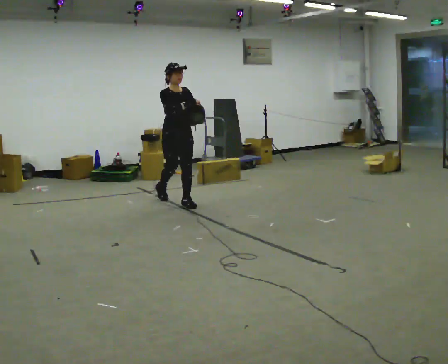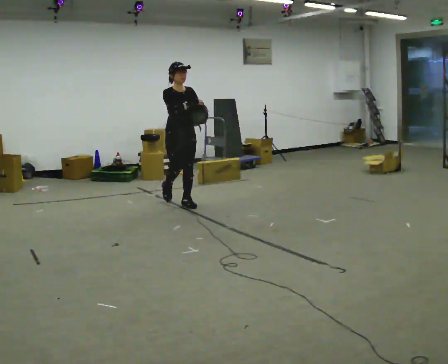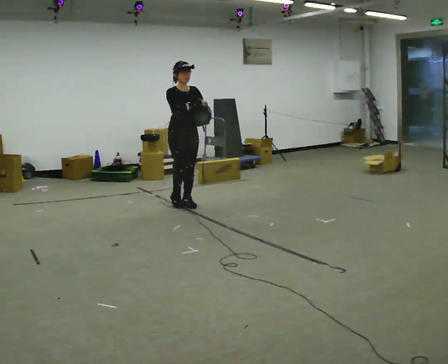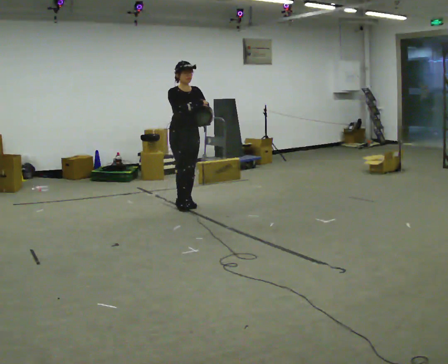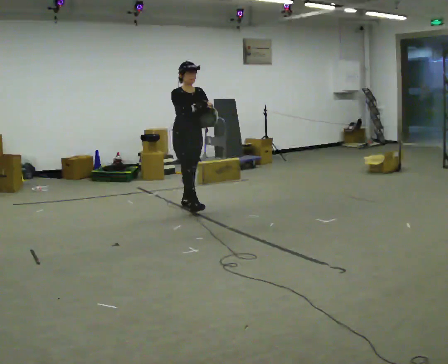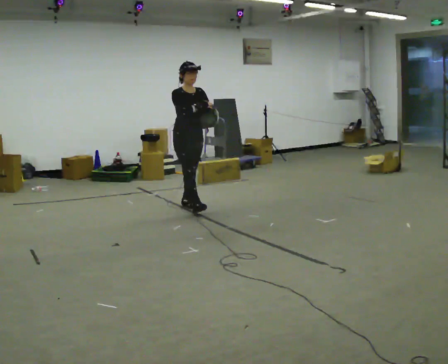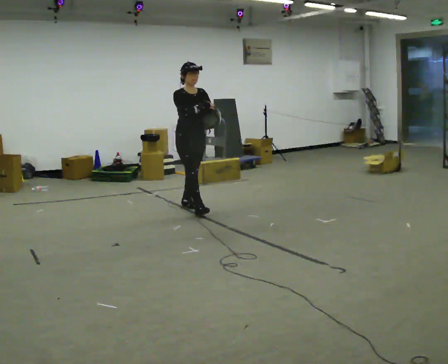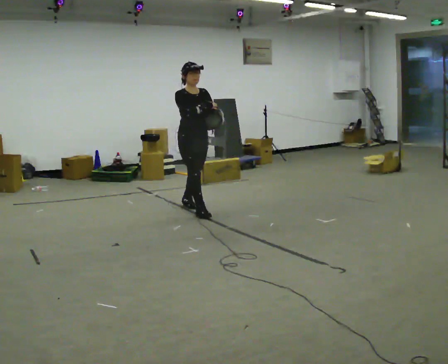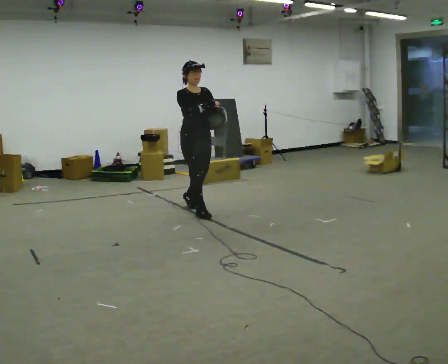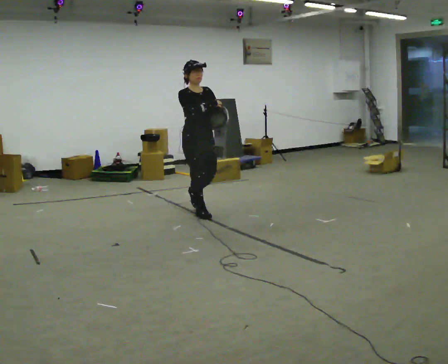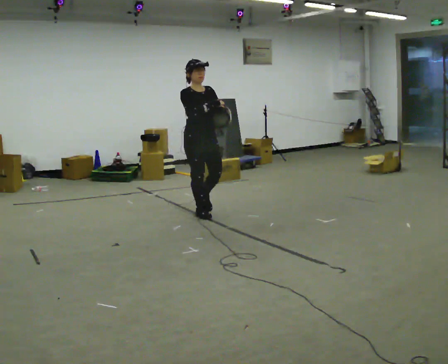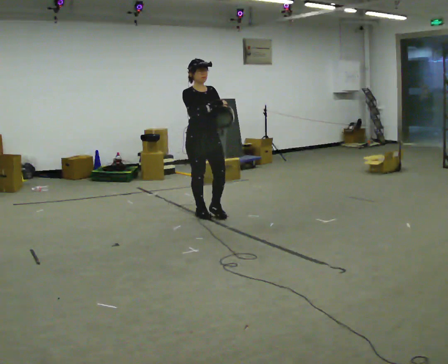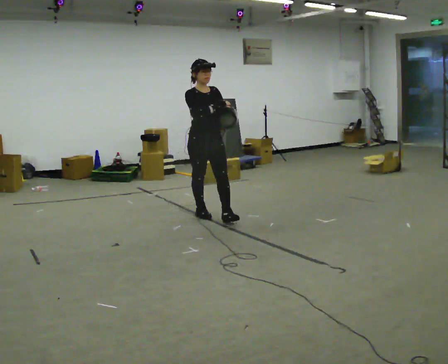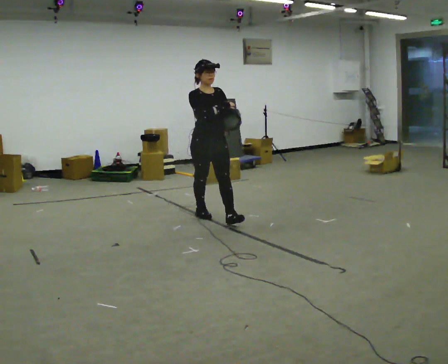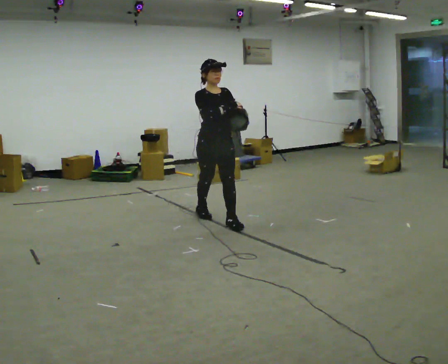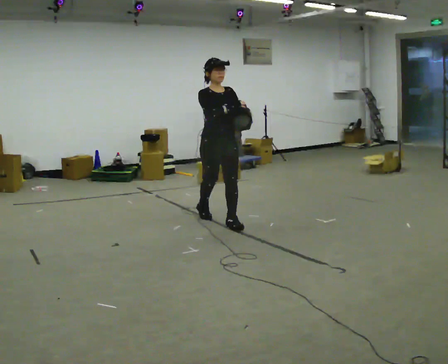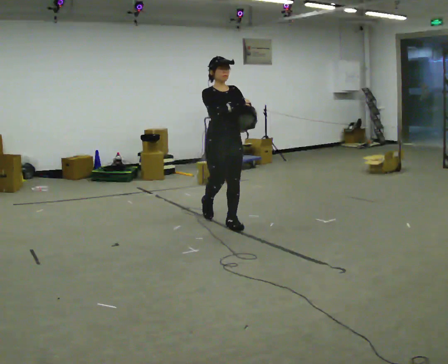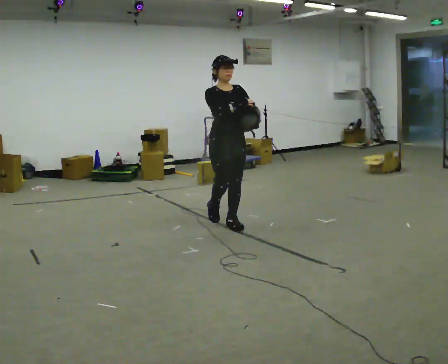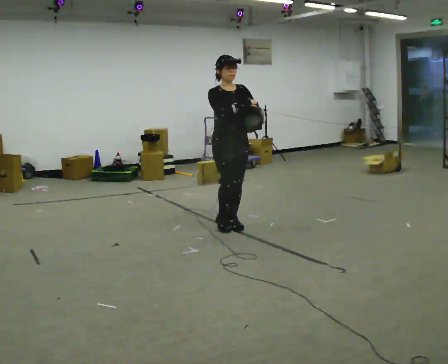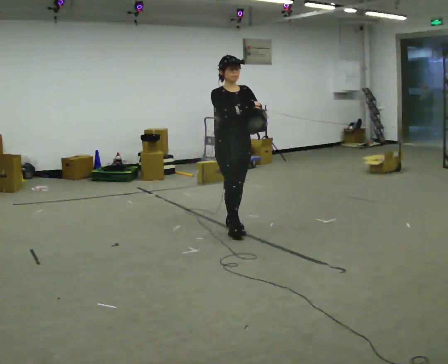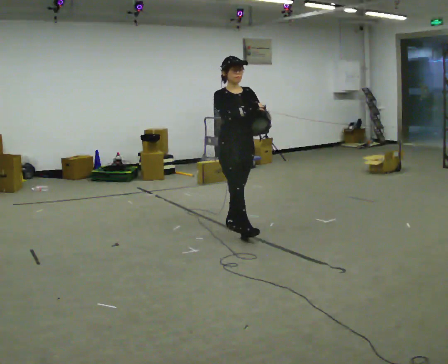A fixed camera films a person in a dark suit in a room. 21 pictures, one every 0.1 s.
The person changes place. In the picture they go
toward the camera.
0.0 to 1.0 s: In the picture they go toward the camera and to the right, about 0.5 m in 1 step, which for them is forward.
1.0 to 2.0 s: In the picture they go toward the camera and to the right, about 0.75 m in 1 step, which for them is forward.
The film runs forward here.
